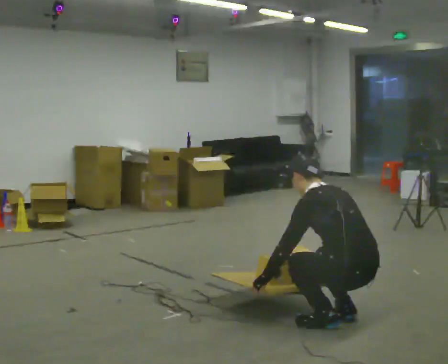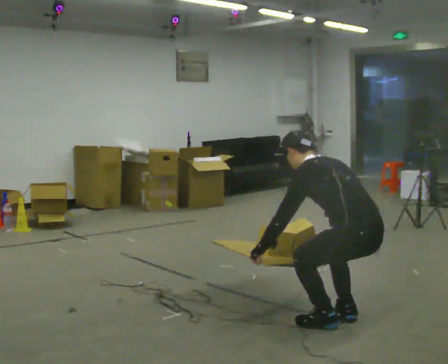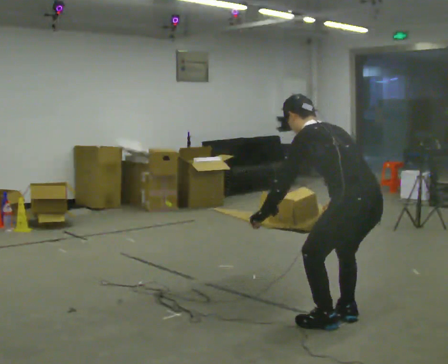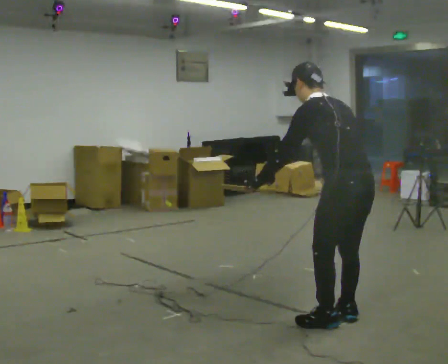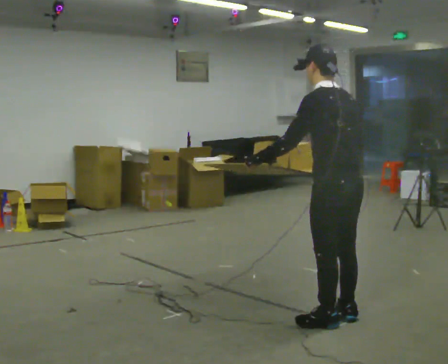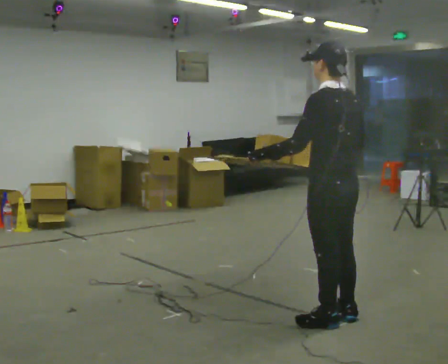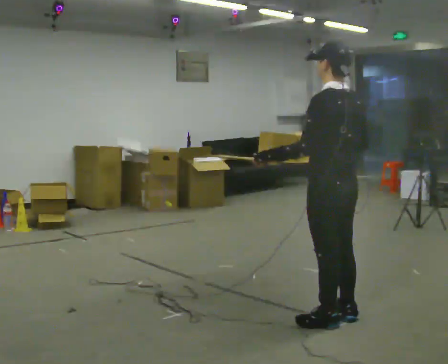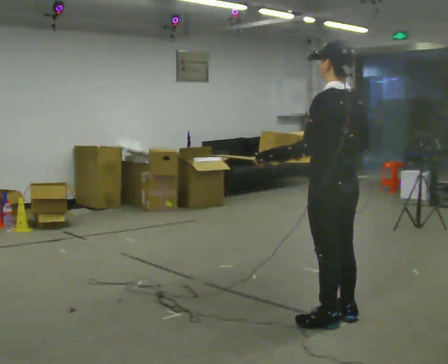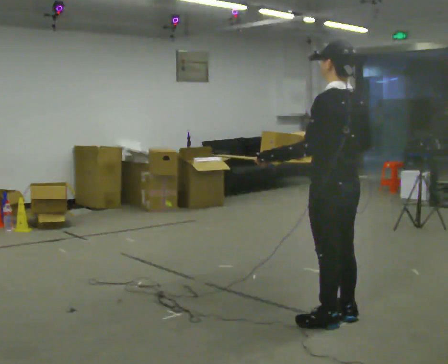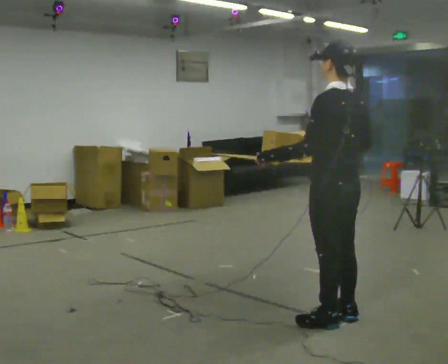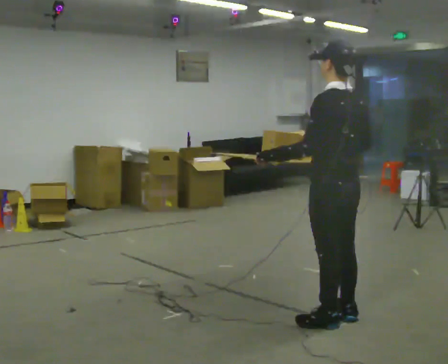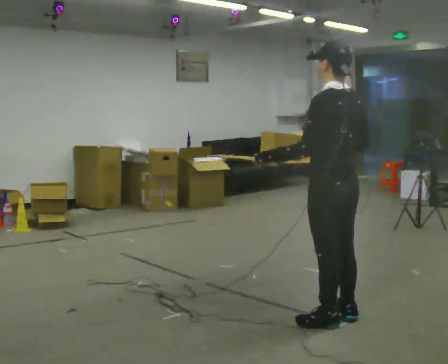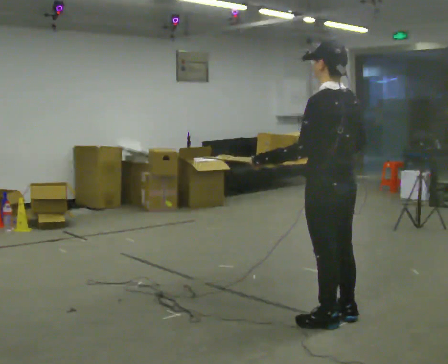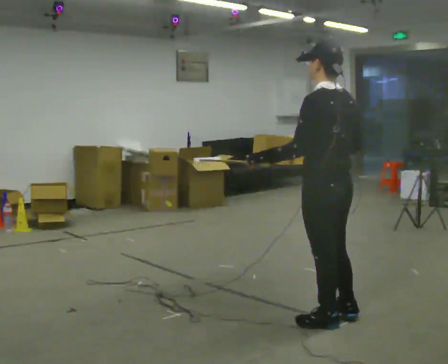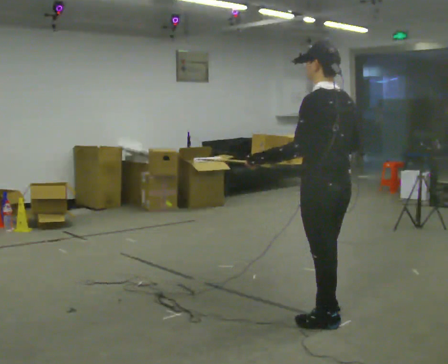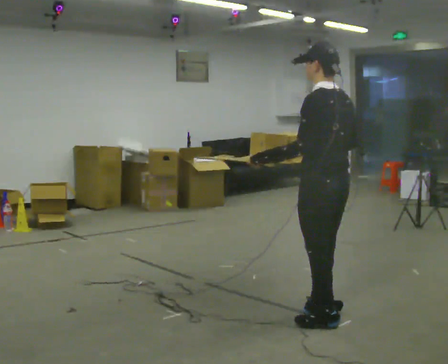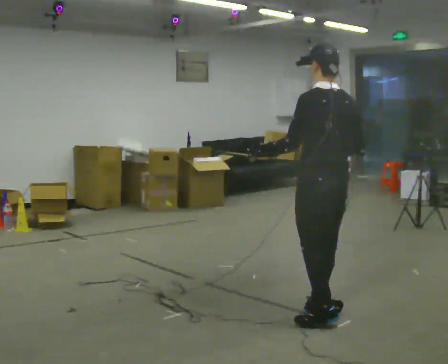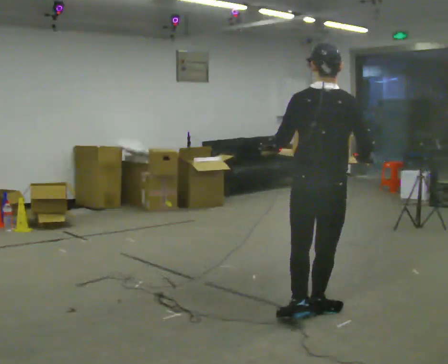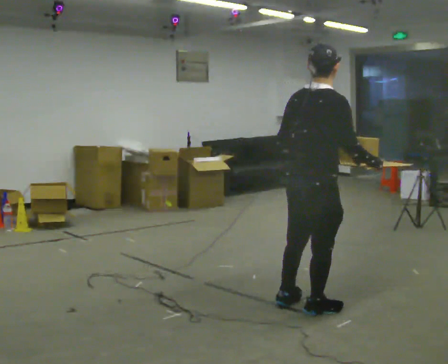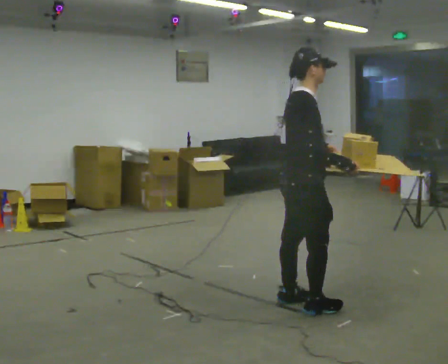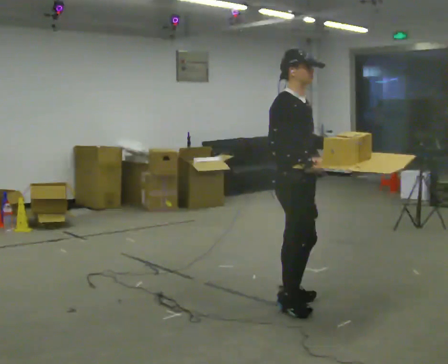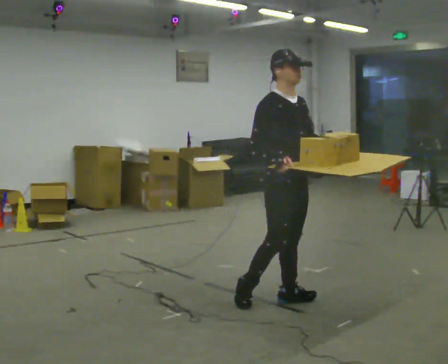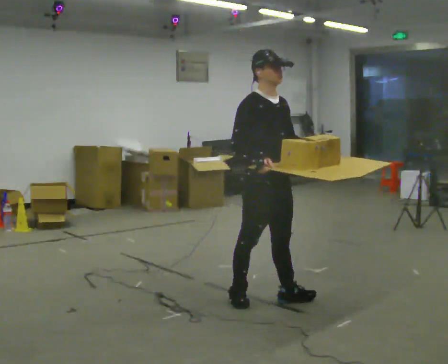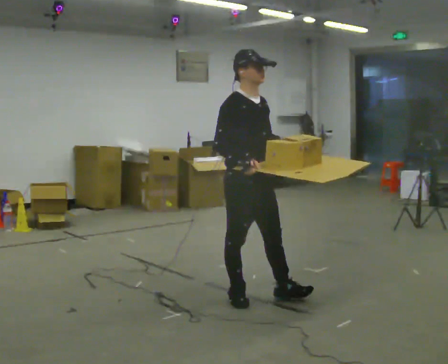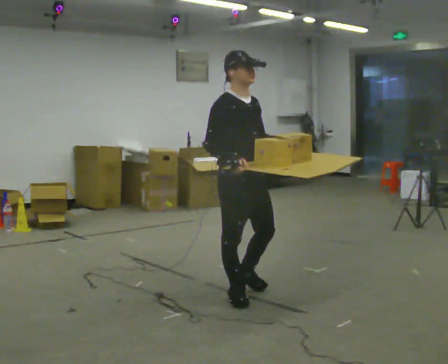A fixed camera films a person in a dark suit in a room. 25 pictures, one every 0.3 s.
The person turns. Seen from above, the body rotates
clockwise.
The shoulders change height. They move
upward.
0.0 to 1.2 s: The upper body goes upward. In the picture their left hand goes upward.
1.2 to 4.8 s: The person moves a little, or ends about where they began.
4.8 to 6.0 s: The person turns about 135 degrees to their right, clockwise seen from above, so the part of the body nearest the lens slides to the left. In the picture they go away from the camera and to the left, about 0.25 m in 2 steps.
6.0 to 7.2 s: In the picture they go to the left, about 0.25 m in 1 step, which for them is backward and to their right.
The film runs backward here.
